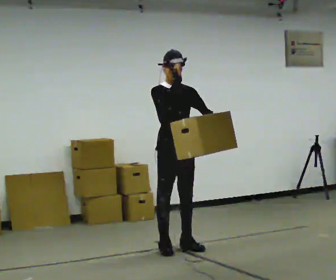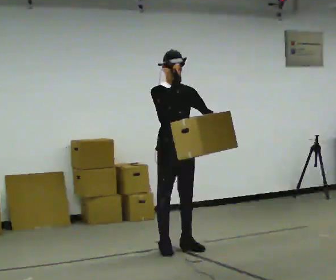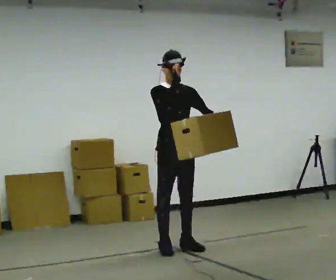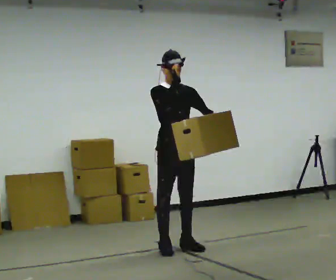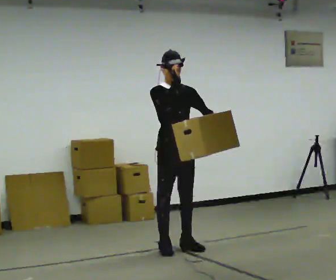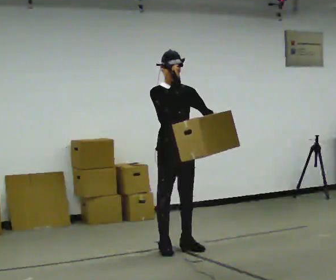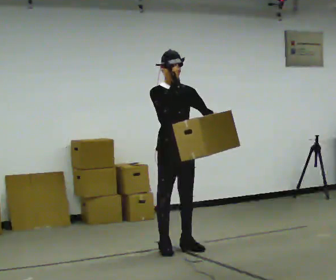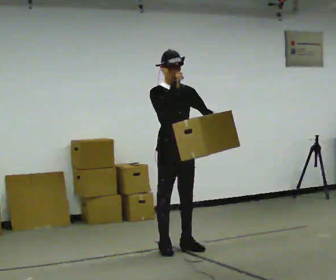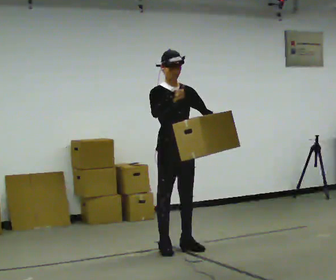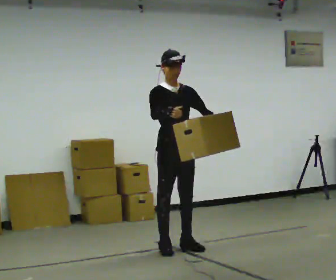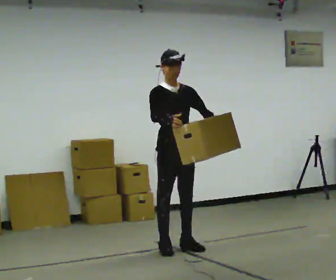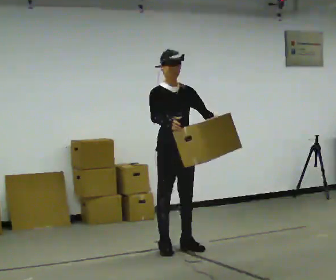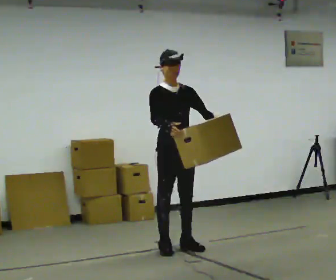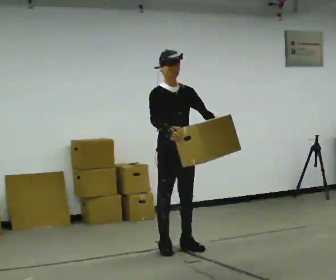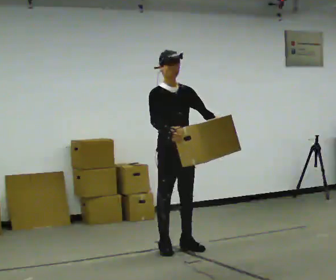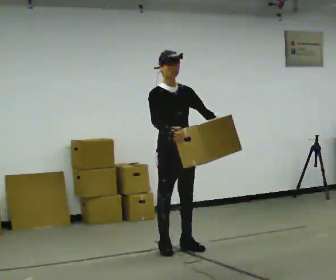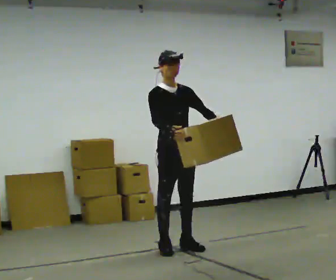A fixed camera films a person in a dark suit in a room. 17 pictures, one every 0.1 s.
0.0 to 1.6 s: In the picture their right hand goes downward.
The film runs forward here.
